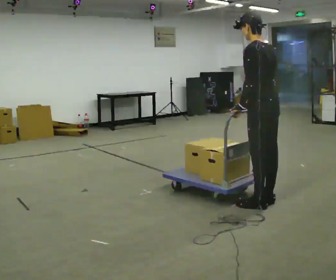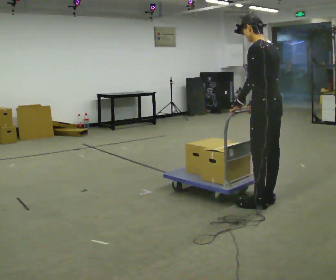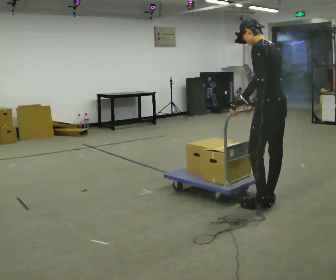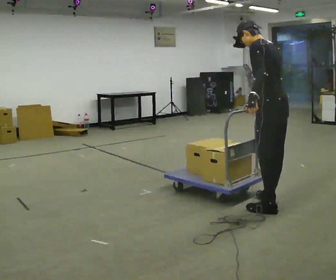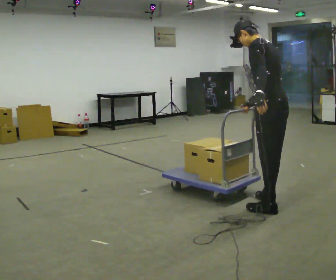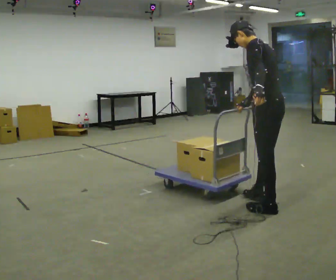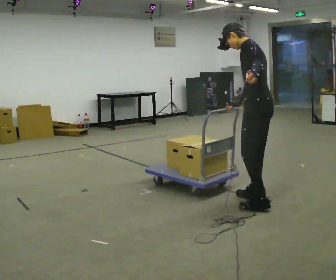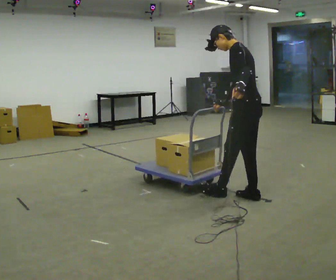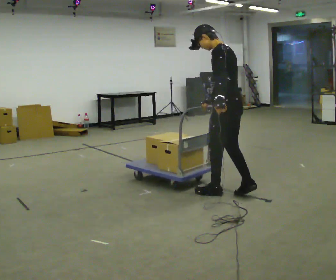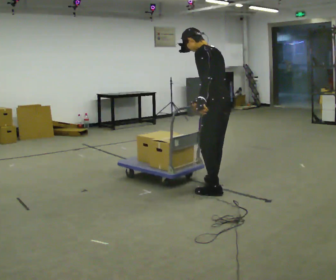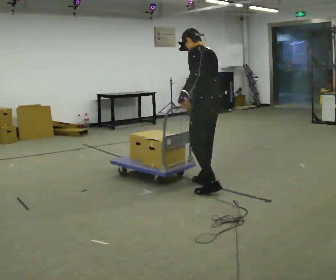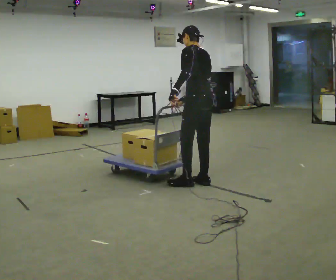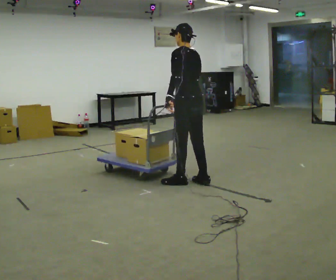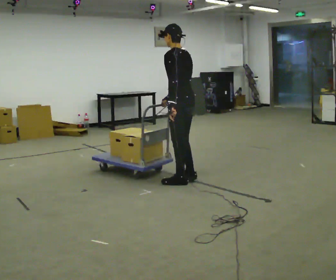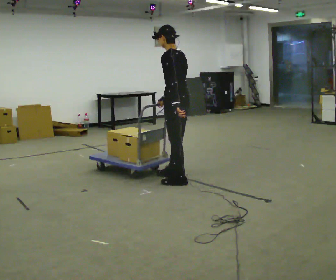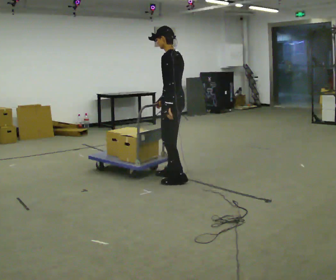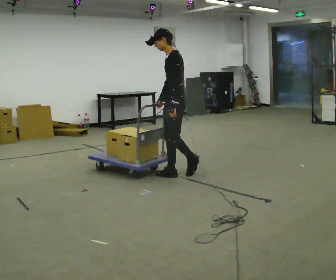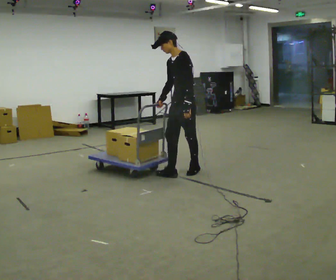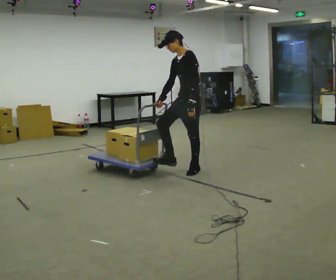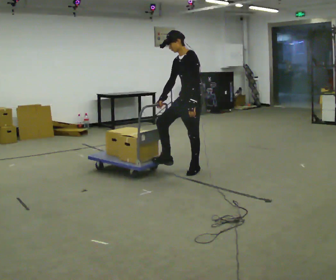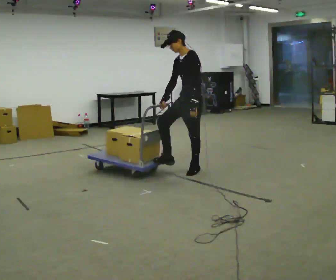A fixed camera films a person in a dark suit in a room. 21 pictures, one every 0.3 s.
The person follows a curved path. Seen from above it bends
clockwise.
The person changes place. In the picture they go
away from the camera.
0.0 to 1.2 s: The person moves a little, or ends about where they began.
1.2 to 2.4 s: In the picture they go away from the camera and to the left, about 0.5 m in 3 steps, which for them is forward and to their right.
2.4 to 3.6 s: In the picture they go to the left and away from the camera, about 0.5 m in 1 step, which for them is forward.
3.6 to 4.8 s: The part of the body nearest the lens slides to the right as the person turns to their left by about 60 degrees. In the picture they go away from the camera and to the left, about 0.5 m in 2 steps, which for them is forward and to their right.
4.8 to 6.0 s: In the picture they go to the right, about 0.25 m in 1 step, which for them is backward.
The film runs backward here.
